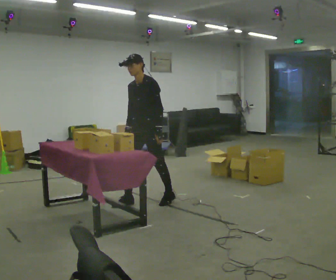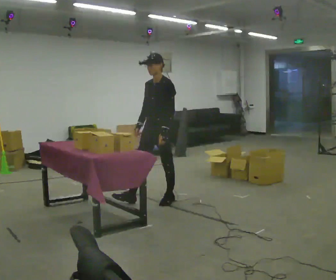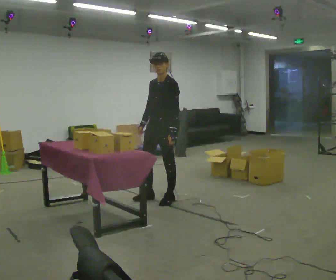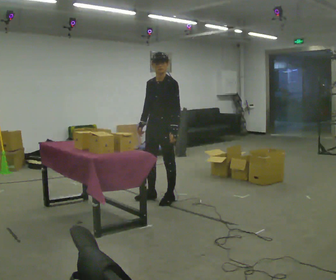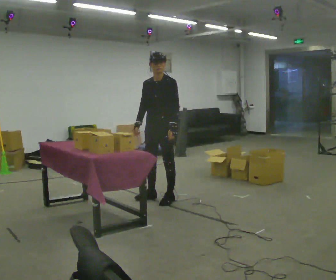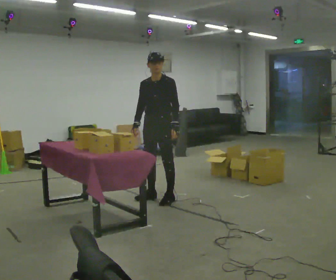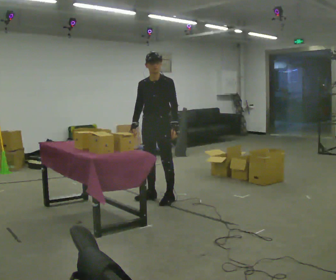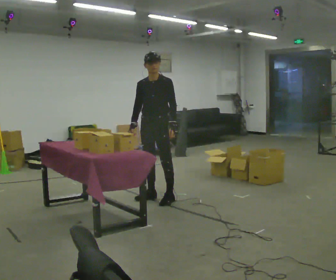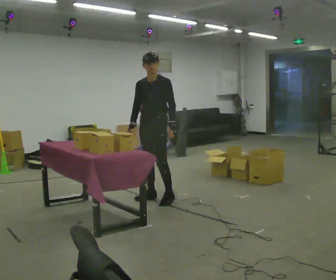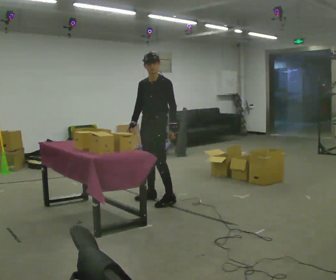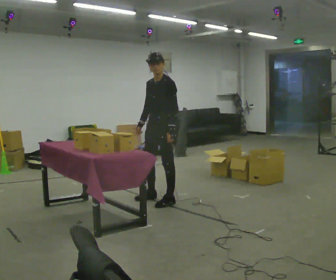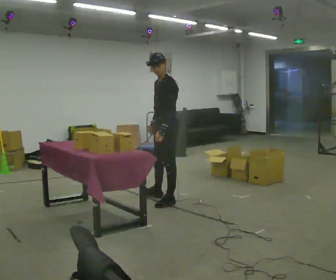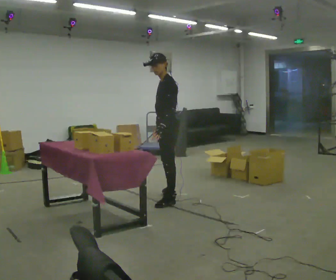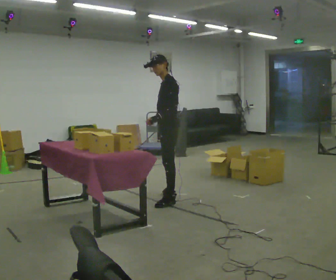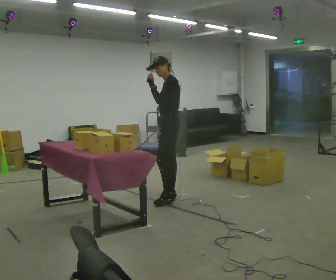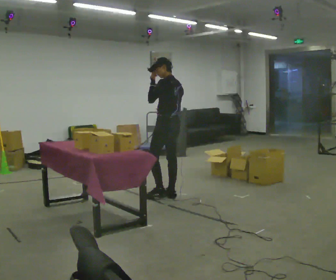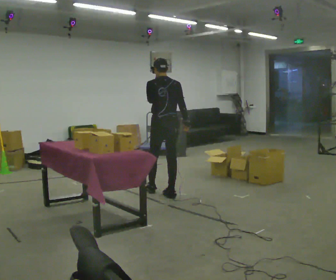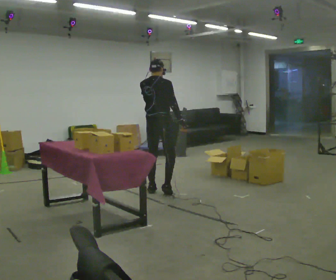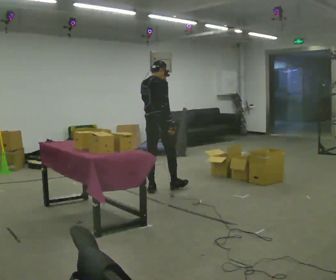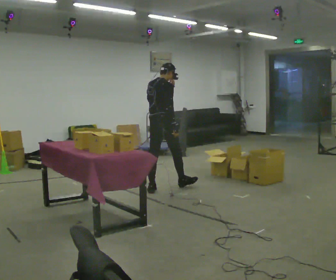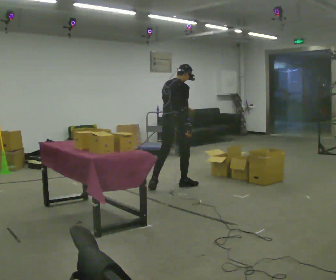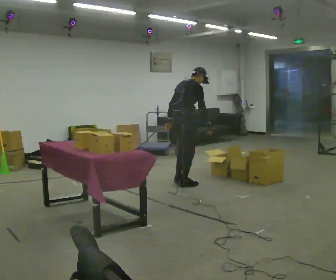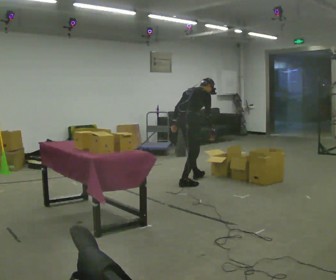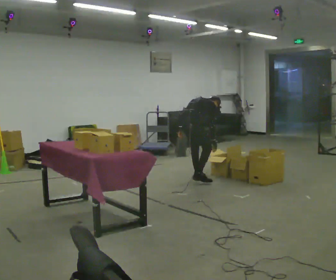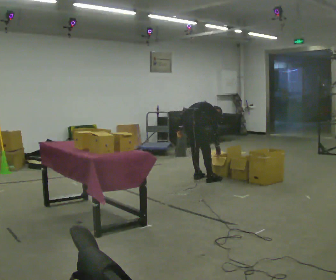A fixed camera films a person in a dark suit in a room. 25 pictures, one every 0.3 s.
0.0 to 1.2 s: In the picture they go to the right, about 0.25 m in 1 step, which for them is backward.
1.2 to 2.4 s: The person moves a little, or ends about where they began.
2.4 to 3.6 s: The person turns about 60 degrees to their right, clockwise seen from above, so the part of the body nearest the lens slides to the left. In the picture they go to the right, about 0.25 m in 1 step.
3.6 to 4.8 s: Seen from above the body turns clockwise, about 75 degrees: to their right, with its near side sliding to the left. In the picture they go away from the camera, about 0.25 m. In the picture their left hand goes upward.
4.8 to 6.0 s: Seen from above the body turns clockwise, about 45 degrees: to their right, with its near side sliding to the left. In the picture they go away from the camera, about 0.25 m in 2 steps, which for them is forward.
6.0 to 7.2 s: In the picture they go away from the camera and to the right, about 0.5 m in 2 steps, which for them is forward. The shoulders move downward. The upper body tips away from the camera, its near side rolling upward, as they bend forward. In the picture their left hand goes downward, the arm swinging clockwise.
The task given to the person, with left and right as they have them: 1. Take everything out of the crates by the door. 2. Put the small items on the middle shelf. 3. Put the large items on the bottom shelf. 4. Stack the empty crates by the door. 5. Tell the operator when you are finished.
The film runs forward here.
